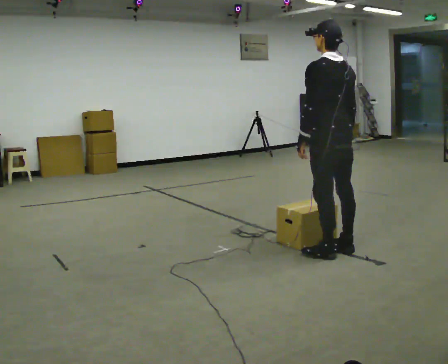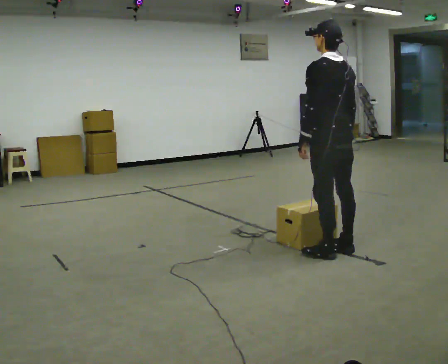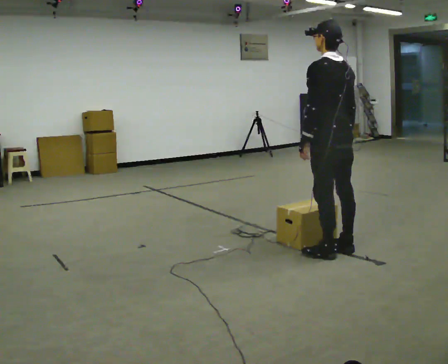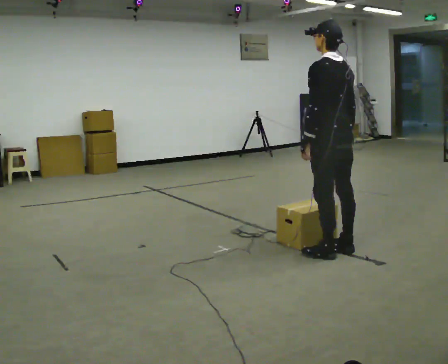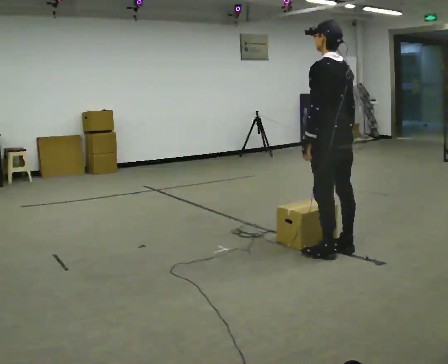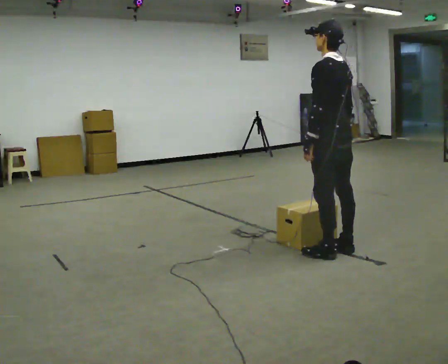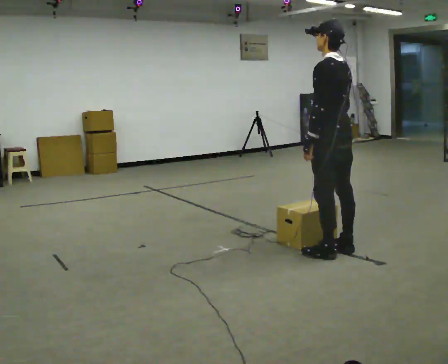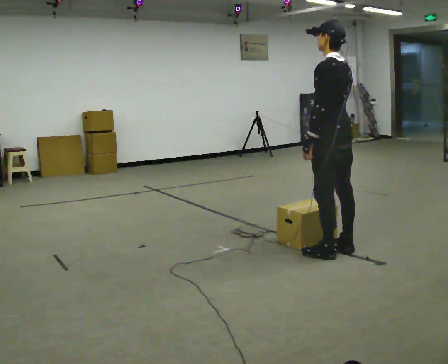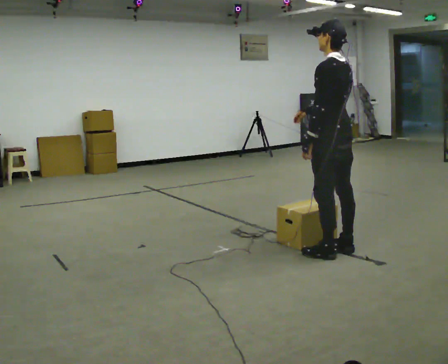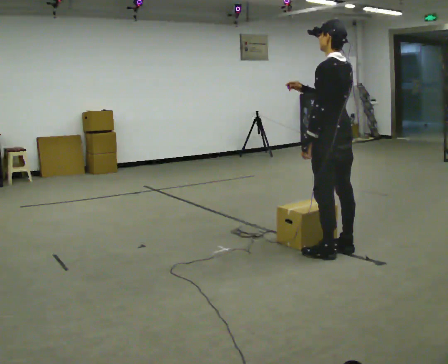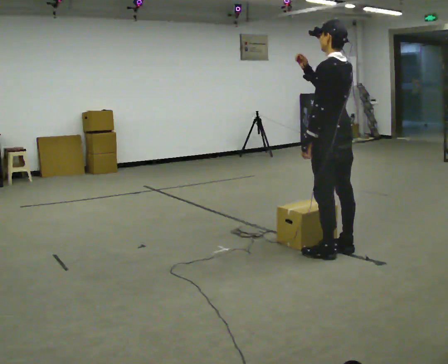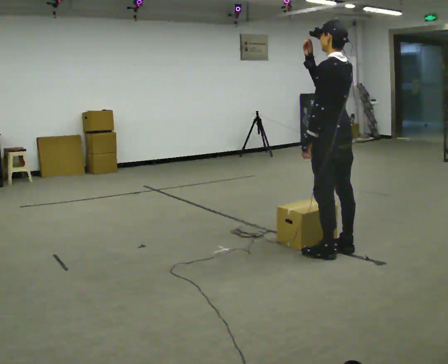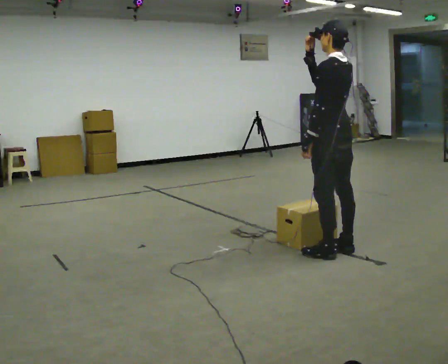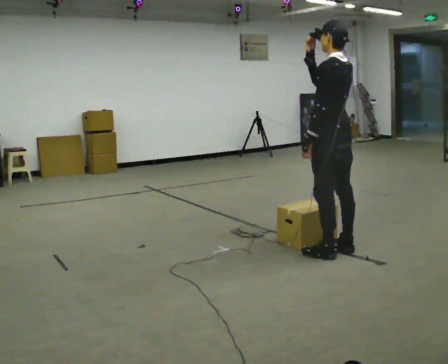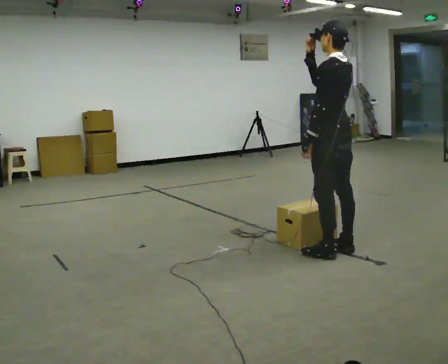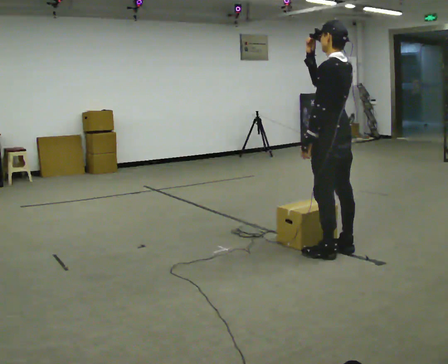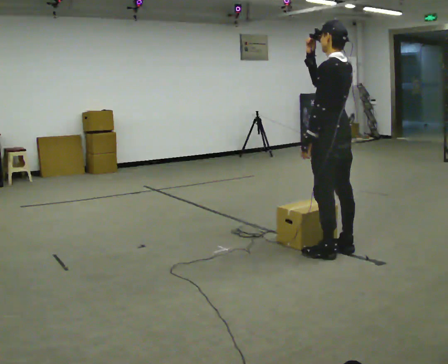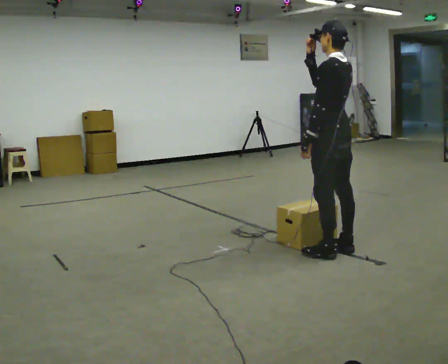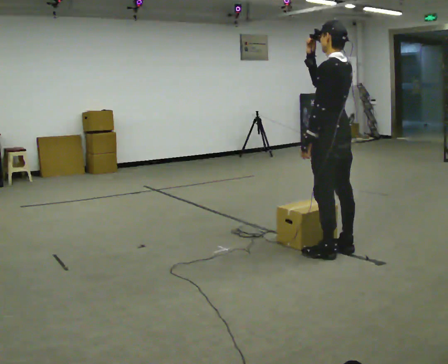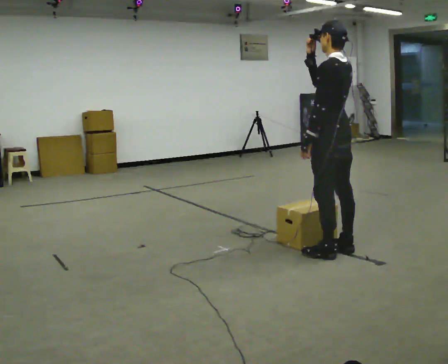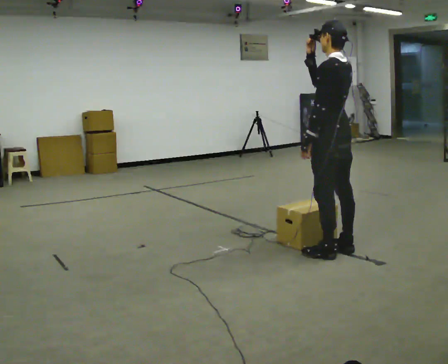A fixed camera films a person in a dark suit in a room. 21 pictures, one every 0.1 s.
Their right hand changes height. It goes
upward.
0.0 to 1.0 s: In the picture their right hand goes upward and to the left.
1.0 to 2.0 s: The person moves a little, or ends about where they began.
The film runs backward here.
